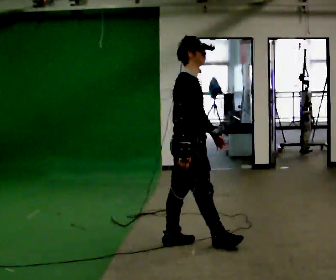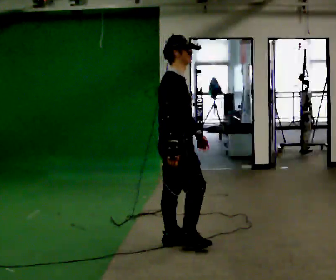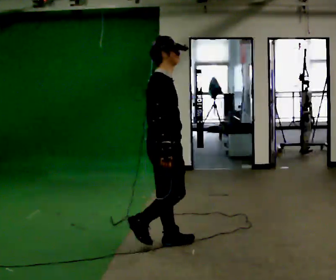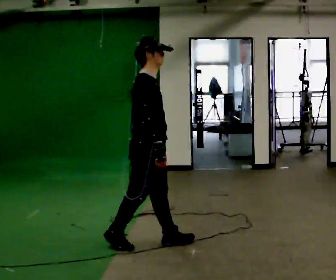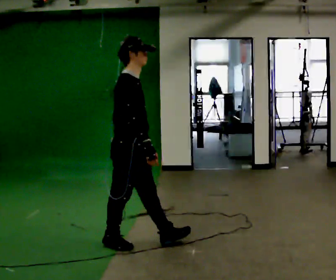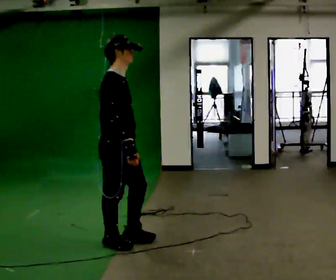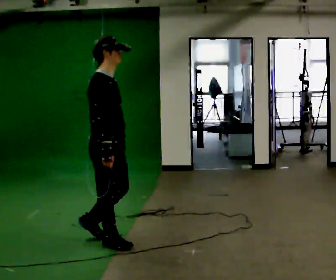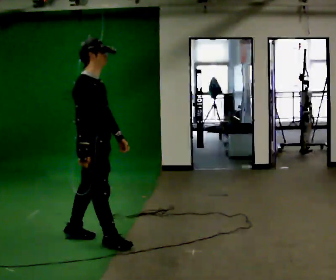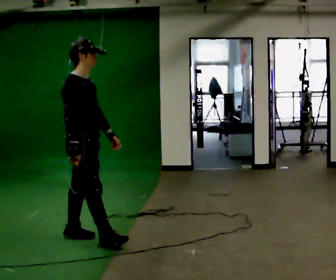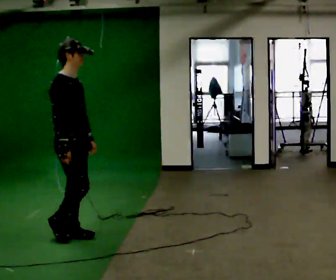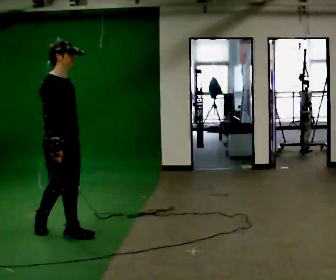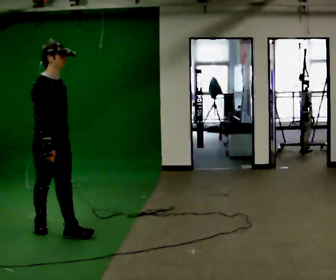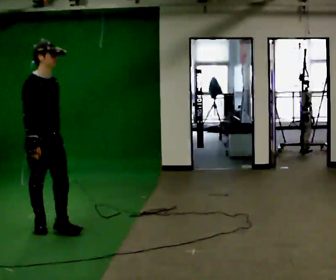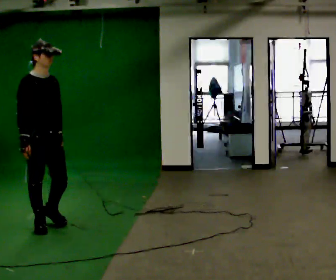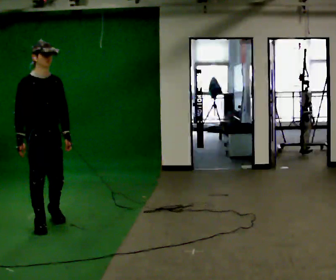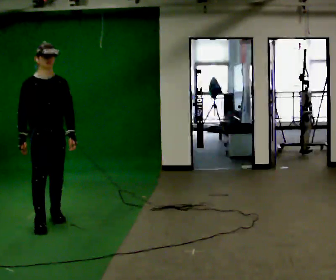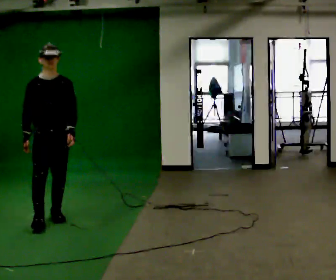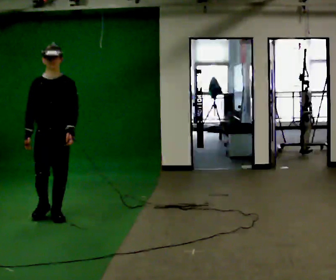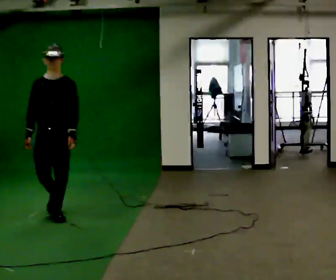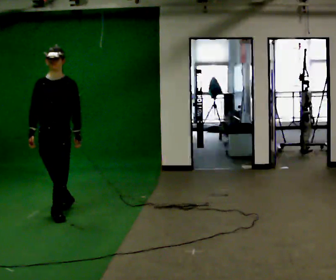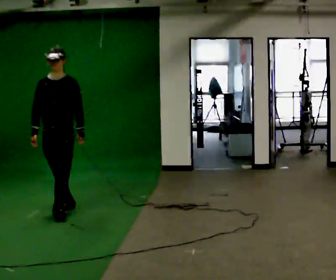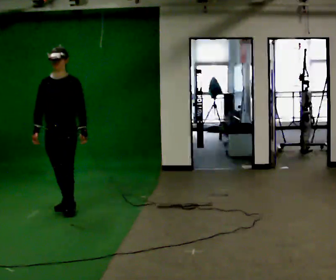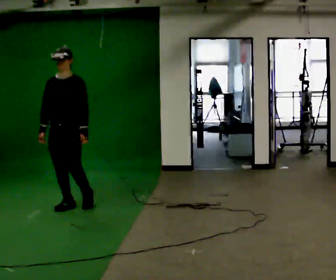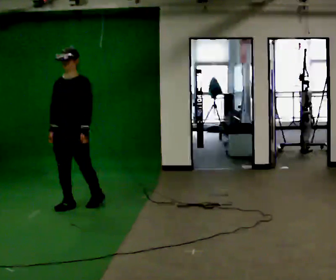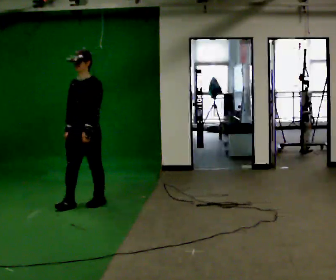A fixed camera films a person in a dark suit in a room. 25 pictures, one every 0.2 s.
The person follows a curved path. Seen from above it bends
clockwise.
The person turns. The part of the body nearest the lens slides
to the left.
0.0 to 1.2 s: In the picture they go to the left, about 0.75 m in 1 step, which for them is backward.
1.2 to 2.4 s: The person turns about 30 degrees to their right, clockwise seen from above, so the part of the body nearest the lens slides to the left. In the picture they go to the left and away from the camera, about 0.5 m in 2 steps, which for them is backward.
2.4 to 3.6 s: The person turns about 60 degrees to their right, clockwise seen from above, so the part of the body nearest the lens slides to the left. In the picture they go away from the camera, about 0.5 m in 1 step, which for them is backward and to their left.
3.6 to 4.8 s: Seen from above the body turns clockwise, about 30 degrees: to their right, with its near side sliding to the left. In the picture they go away from the camera and to the right, about 0.5 m in 1 step, which for them is backward.
The film runs backward here.
